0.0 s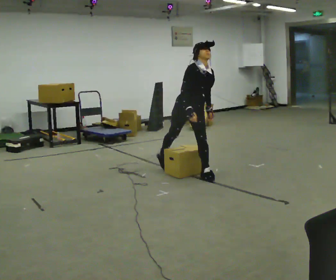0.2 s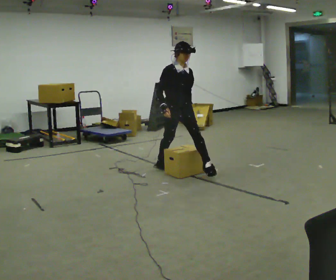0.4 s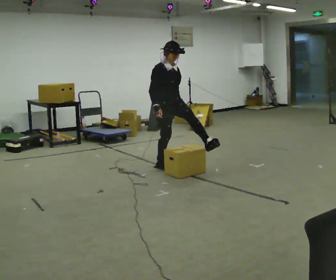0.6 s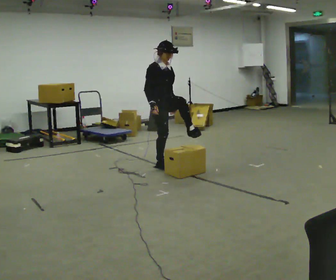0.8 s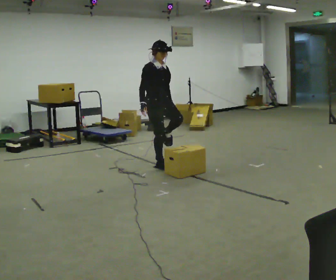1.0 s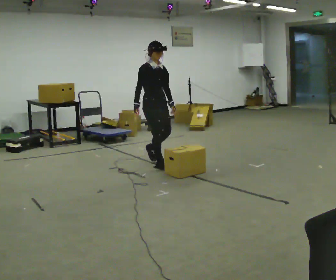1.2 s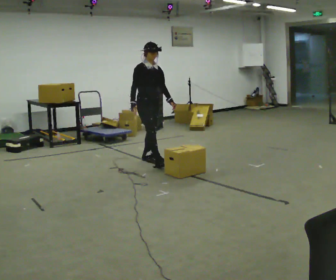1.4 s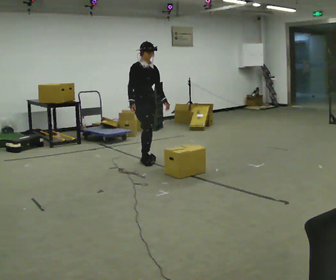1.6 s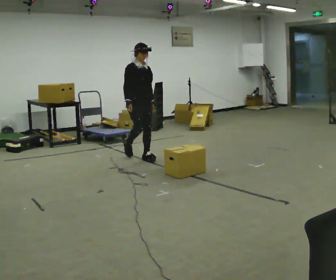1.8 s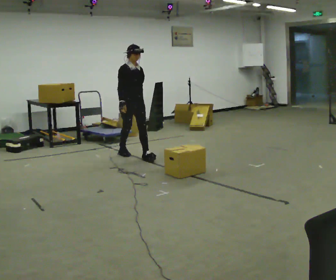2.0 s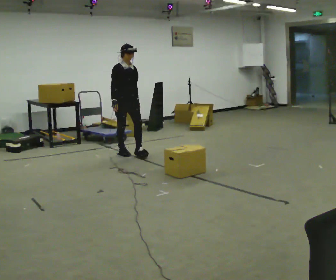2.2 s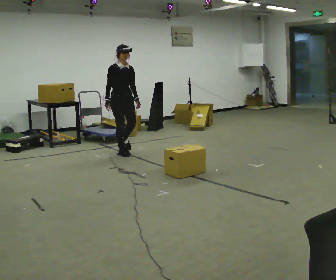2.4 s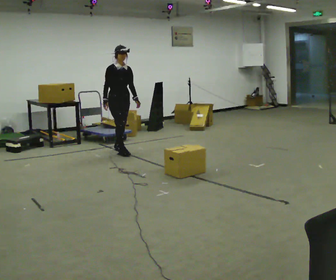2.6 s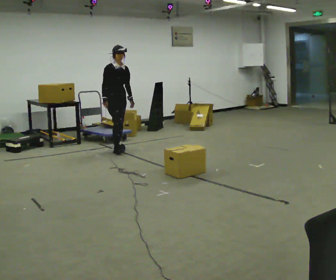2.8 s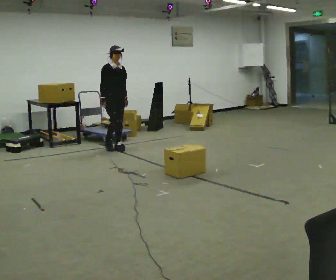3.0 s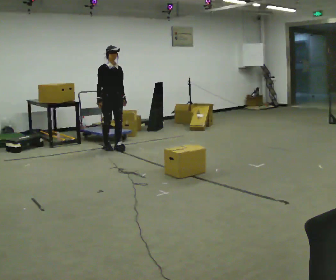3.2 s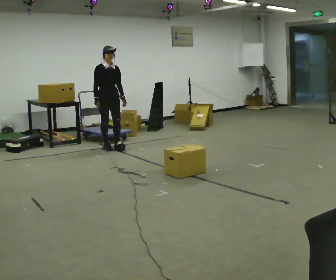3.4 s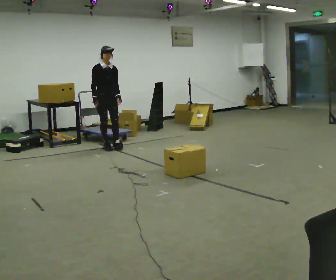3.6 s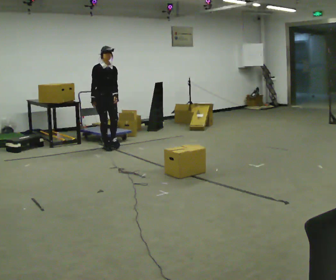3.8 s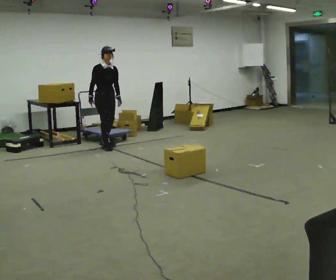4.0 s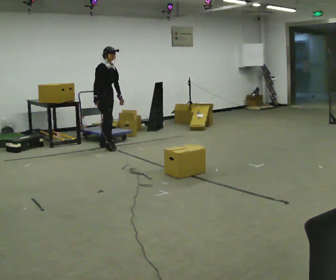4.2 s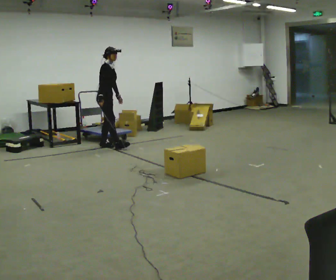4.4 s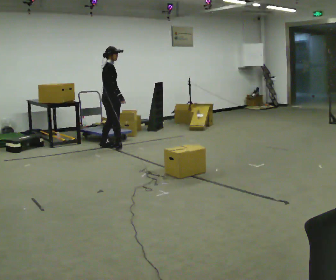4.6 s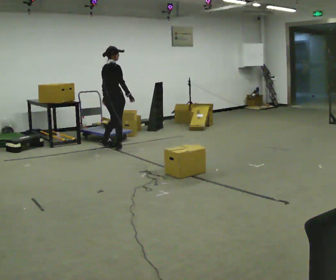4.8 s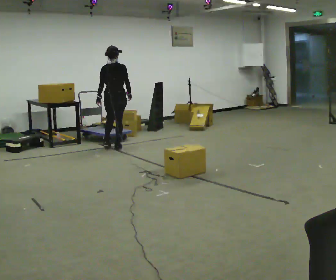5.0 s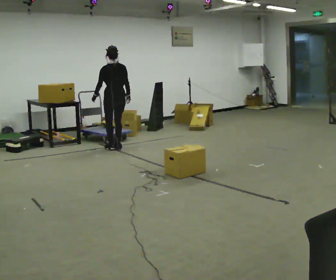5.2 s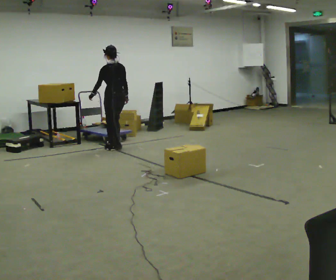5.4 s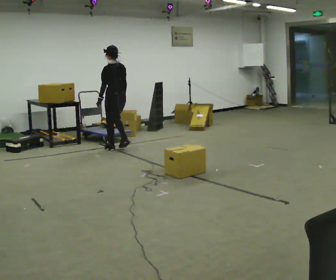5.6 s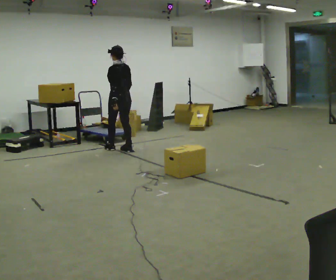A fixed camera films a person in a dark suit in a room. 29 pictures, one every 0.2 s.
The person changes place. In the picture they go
away from the camera.
The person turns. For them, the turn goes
to their left.
0.0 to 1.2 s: In the picture they go away from the camera and to the left, about 1 m in 2 steps, which for them is backward. The upper body tips away from the camera, its near side rolling upward, as they lean back or straighten.
1.2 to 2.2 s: In the picture they go away from the camera and to the left, about 0.75 m in 1 step, which for them is backward.
2.2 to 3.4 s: In the picture they go away from the camera and to the left, about 0.5 m in 2 steps, which for them is backward.
3.4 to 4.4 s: The part of the body nearest the lens slides to the right as the person turns to their left by about 75 degrees.
4.4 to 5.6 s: The part of the body nearest the lens slides to the right as the person turns to their left by about 120 degrees. In the picture they go to the right and toward the camera, about 0.25 m in 2 steps.
The film runs backward here.
